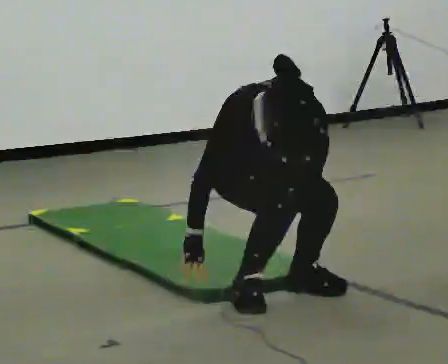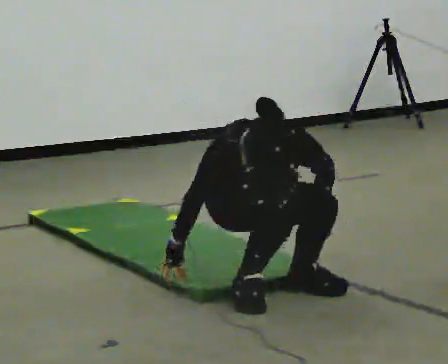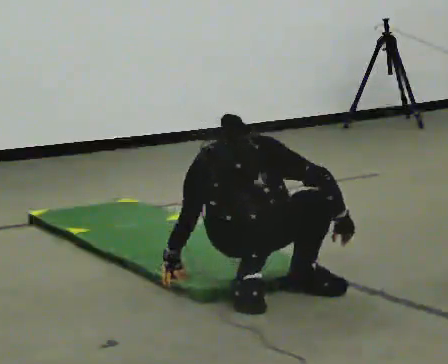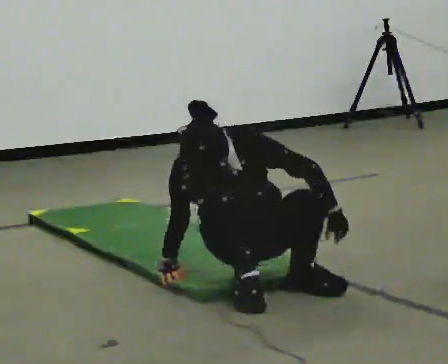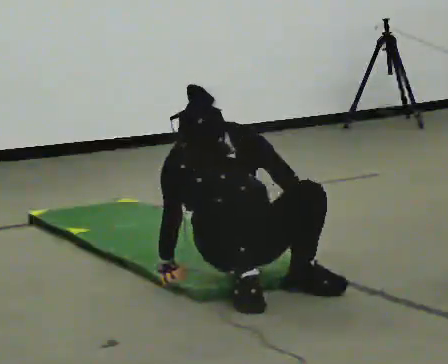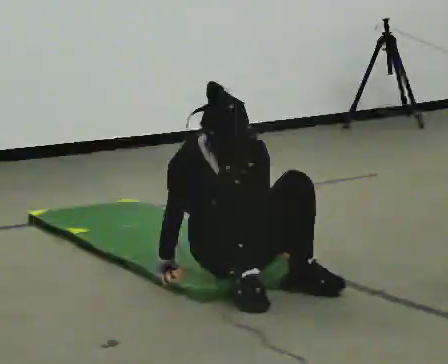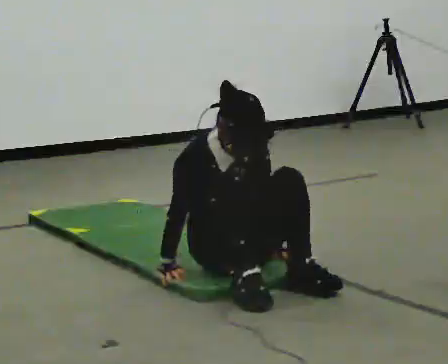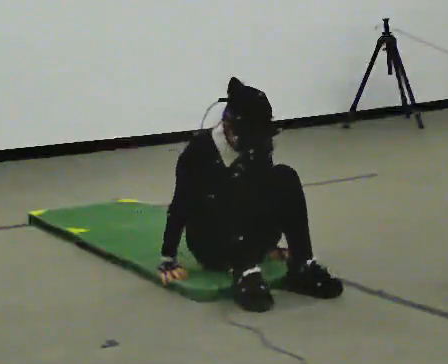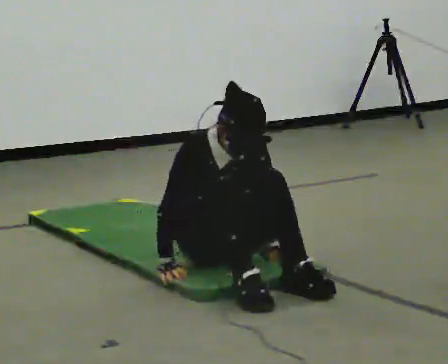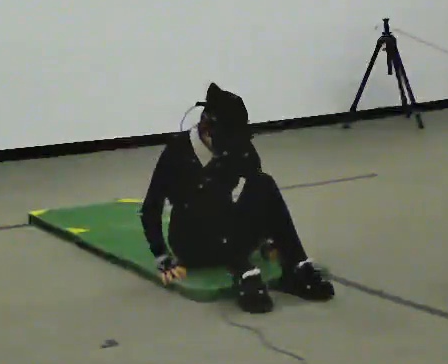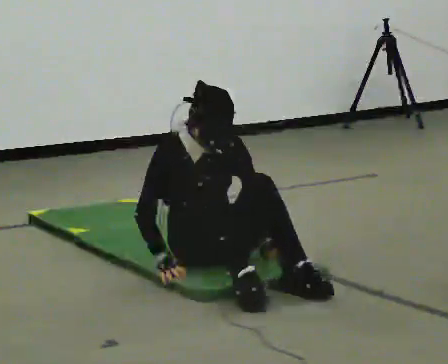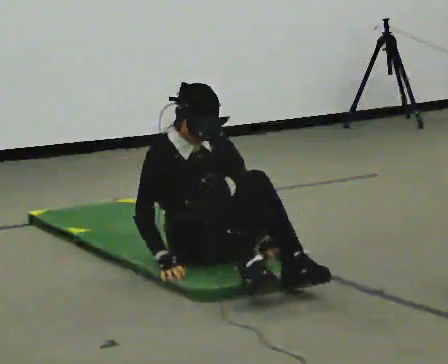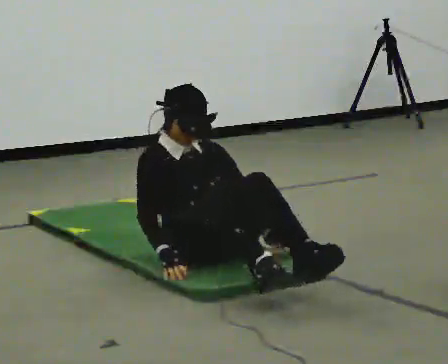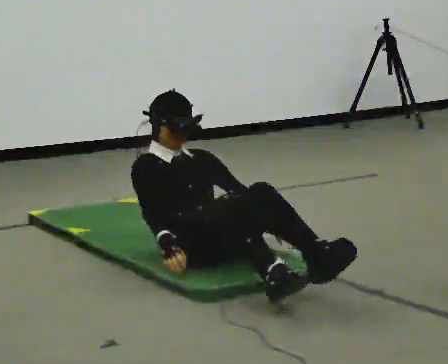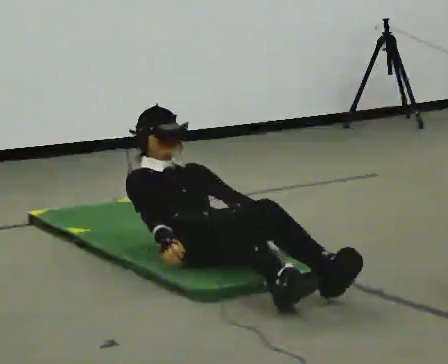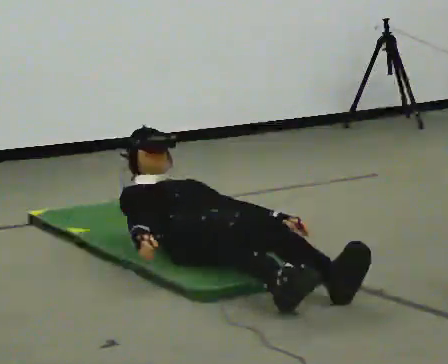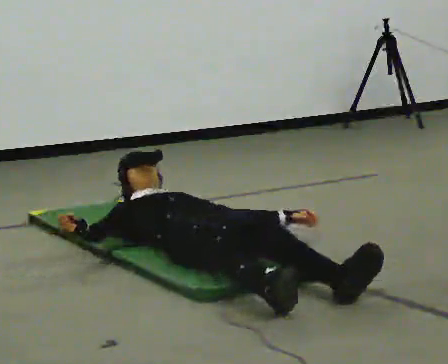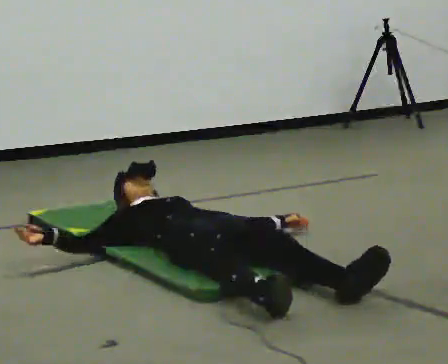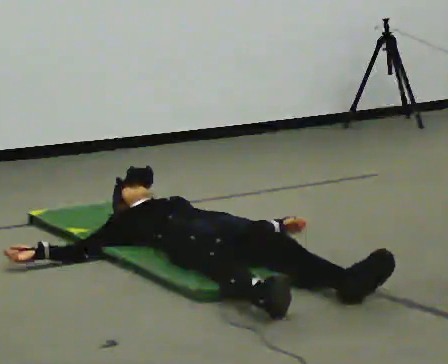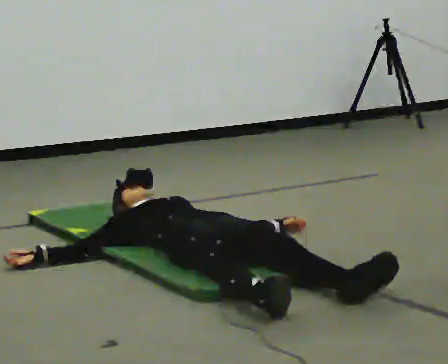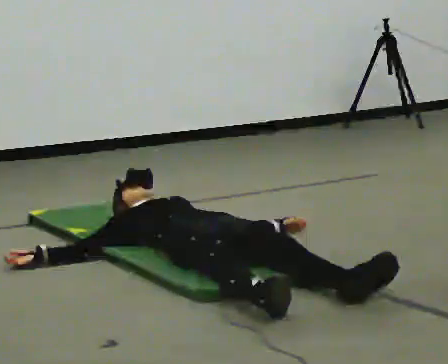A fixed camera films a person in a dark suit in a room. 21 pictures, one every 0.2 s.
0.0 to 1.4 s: In the picture they go away from the camera, about 0.25 m, which for them is backward. The upper body goes downward. The upper body tips away from the camera, its near side rolling upward, as they lean back or straighten. In the picture their left hand goes downward.
1.4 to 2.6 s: In the picture they go away from the camera, about 0.25 m in 2 steps, which for them is backward. The upper body tips away from the camera, its near side rolling upward, as they lean back or straighten.
2.6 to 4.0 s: The upper body goes downward. The upper body tips away from the camera, its near side rolling upward, as they lean back or straighten. In the picture their right hand goes to the left.
The film runs backward here.
